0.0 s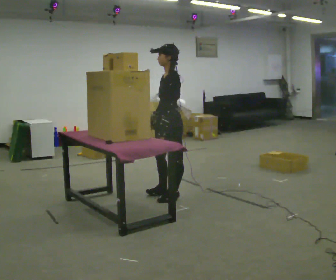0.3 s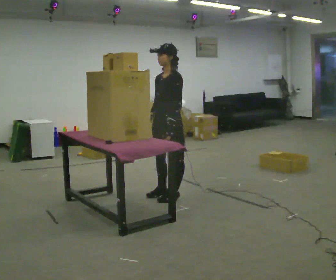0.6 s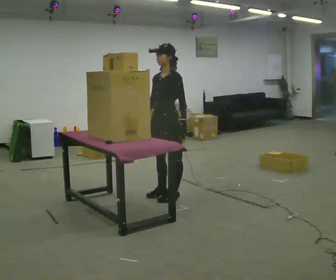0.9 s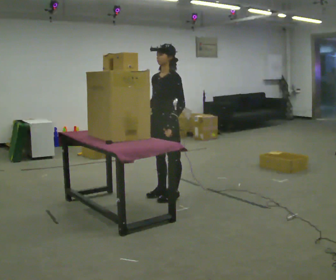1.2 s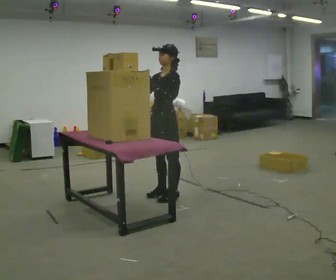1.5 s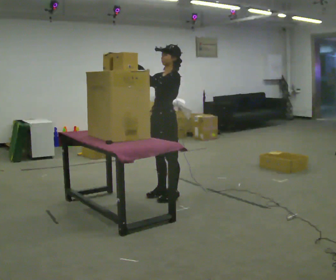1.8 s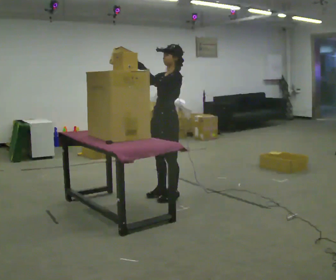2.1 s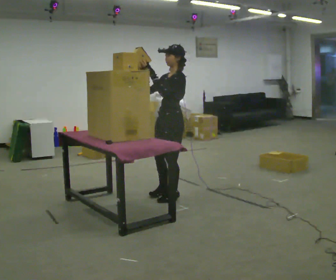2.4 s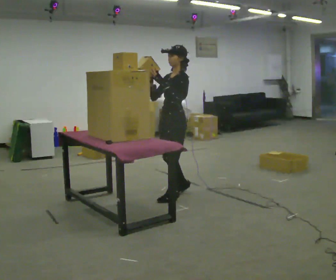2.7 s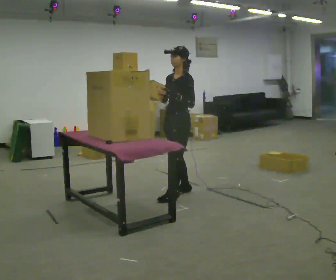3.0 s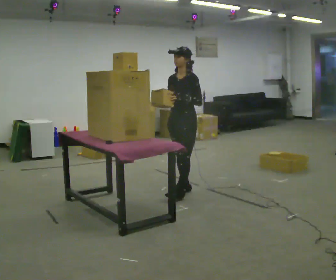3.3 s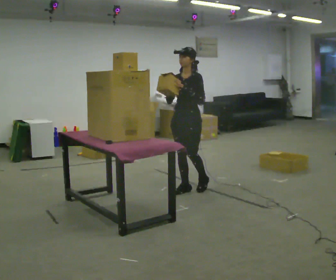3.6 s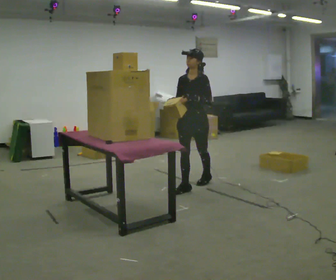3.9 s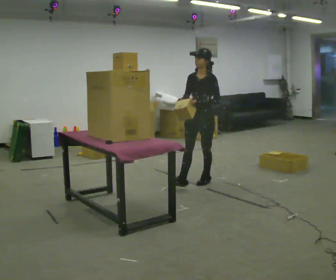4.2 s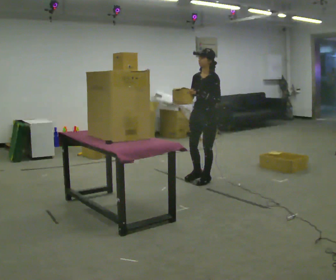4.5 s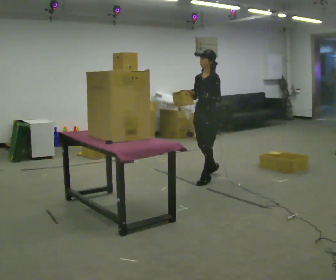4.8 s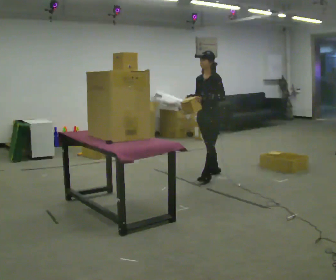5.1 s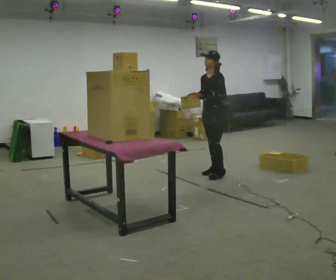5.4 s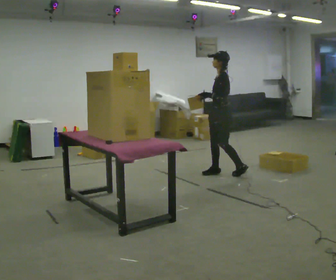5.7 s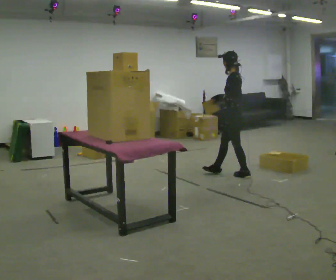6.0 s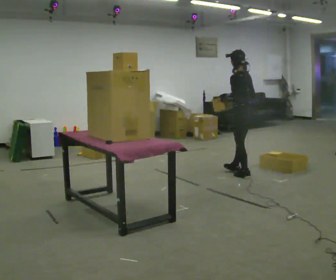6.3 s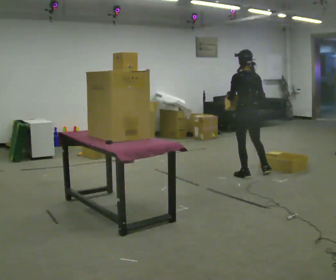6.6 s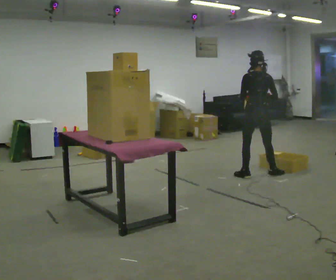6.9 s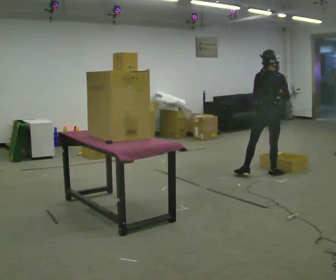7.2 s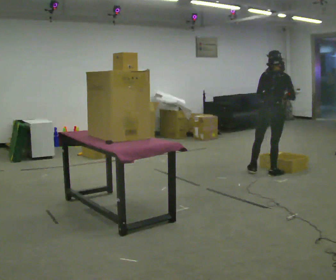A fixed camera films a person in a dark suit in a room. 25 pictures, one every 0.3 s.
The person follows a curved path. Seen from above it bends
clockwise.
0.0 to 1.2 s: The person turns about 30 degrees to their left, counterclockwise seen from above, so the part of the body nearest the lens slides to the right. In the picture their right hand goes upward, the arm swinging clockwise.
1.2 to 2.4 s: The person moves a little, or ends about where they began.
2.4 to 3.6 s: The part of the body nearest the lens slides to the right as the person turns to their left by about 30 degrees. In the picture they go away from the camera and to the right, about 0.5 m in 1 step, which for them is backward.
3.6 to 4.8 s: In the picture they go away from the camera, about 0.5 m in 1 step, which for them is backward and to their right.
4.8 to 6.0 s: Seen from above the body turns clockwise, about 75 degrees: to their right, with its near side sliding to the left. In the picture they go to the right, about 0.25 m in 2 steps.
6.0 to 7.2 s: The person turns about 75 degrees to their right, clockwise seen from above, so the part of the body nearest the lens slides to the left. In the picture they go to the right, about 0.25 m in 1 step.
The film runs backward here.
